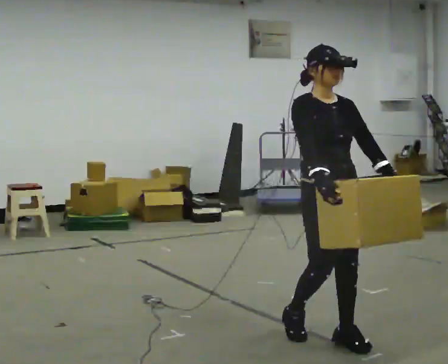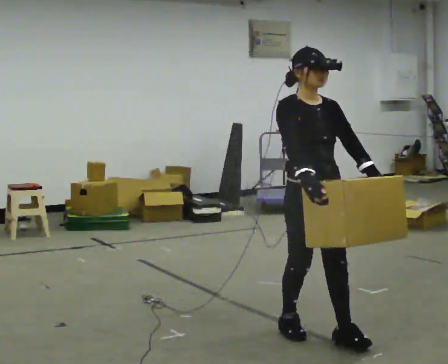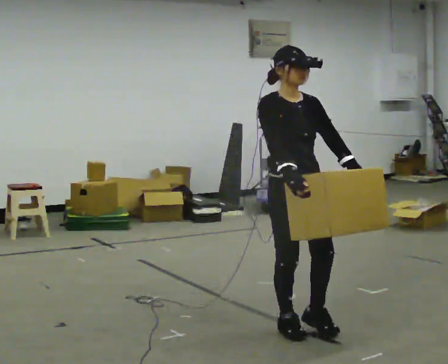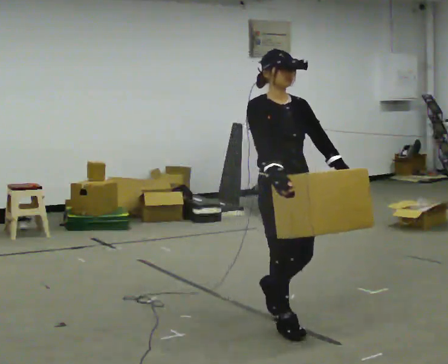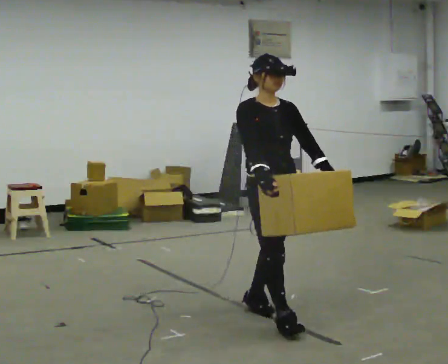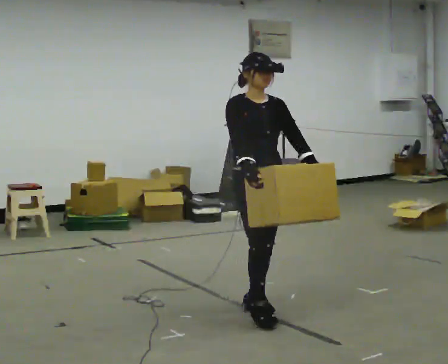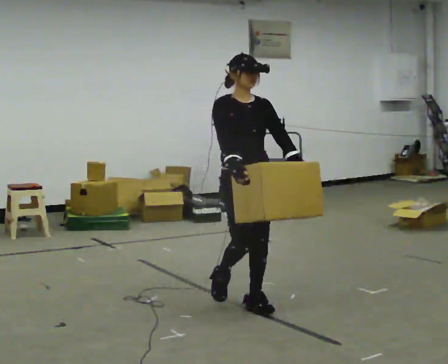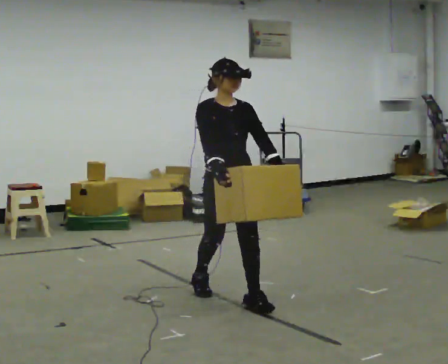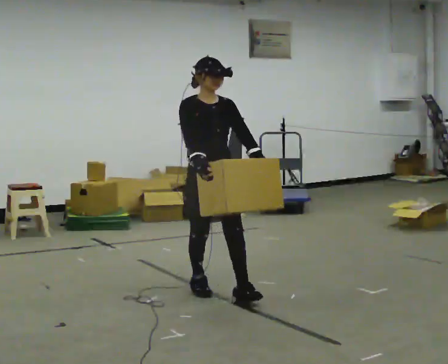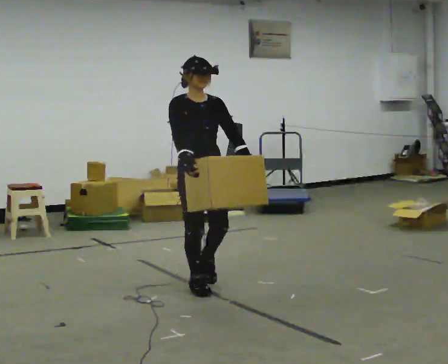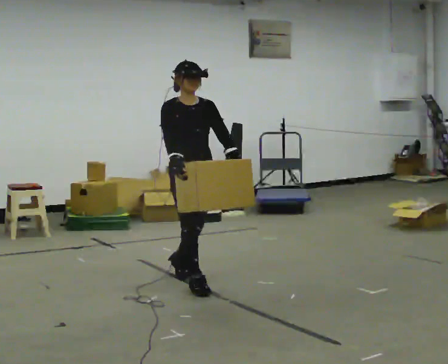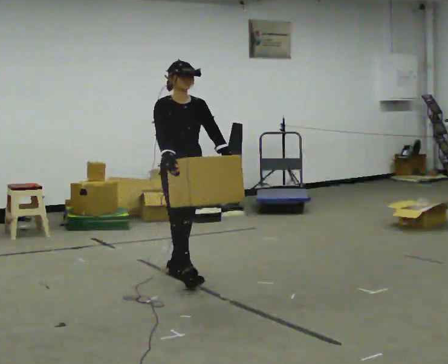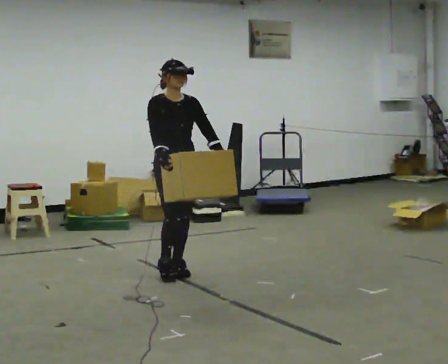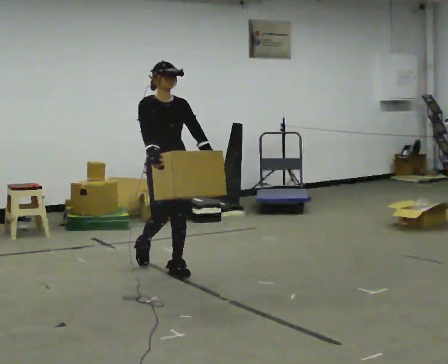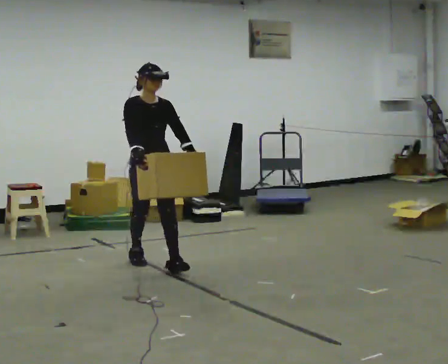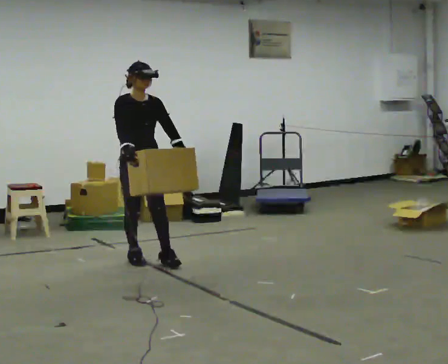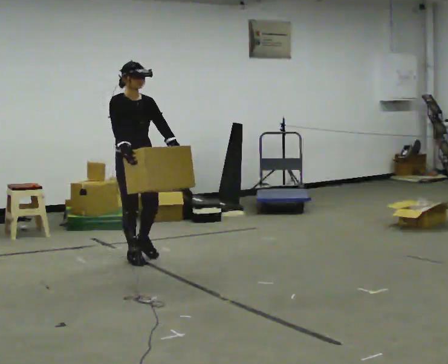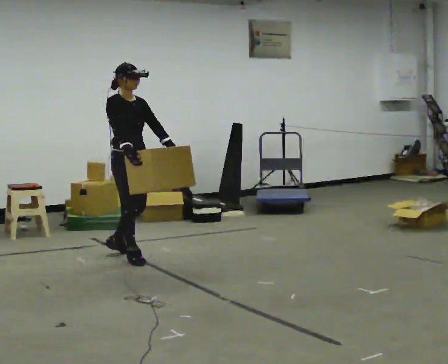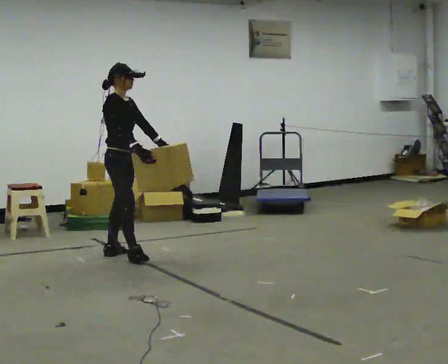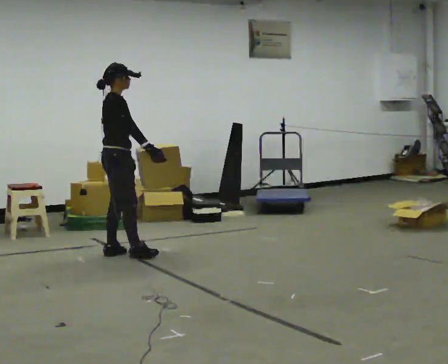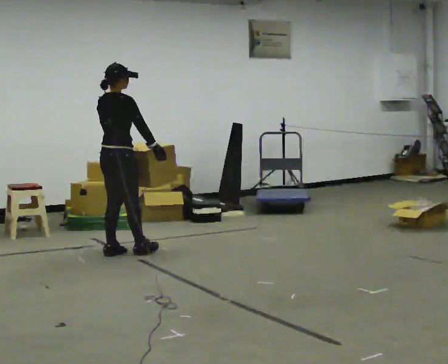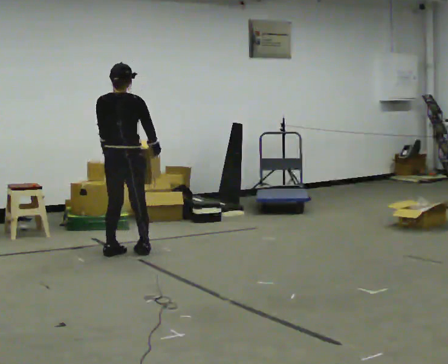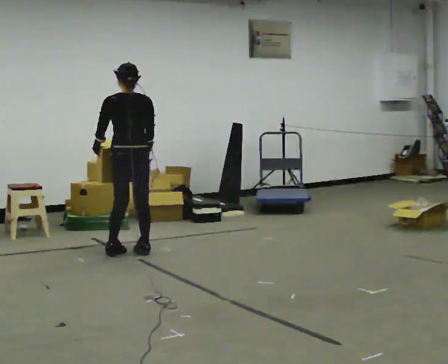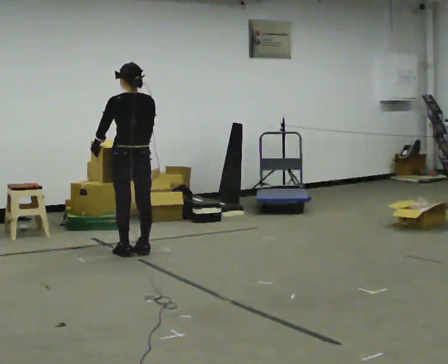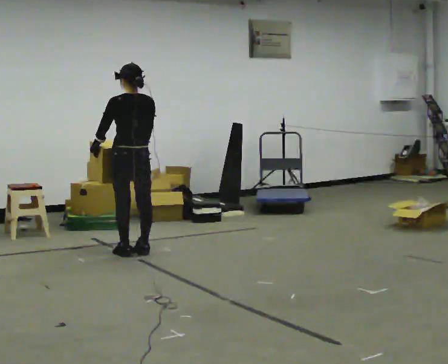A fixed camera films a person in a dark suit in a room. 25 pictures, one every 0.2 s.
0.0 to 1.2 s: In the picture they go away from the camera and to the left, about 1 m in 2 steps, which for them is backward.
1.2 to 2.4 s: In the picture they go away from the camera and to the left, about 1 m in 2 steps, which for them is backward.
2.4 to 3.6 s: The person turns about 45 degrees to their left, counterclockwise seen from above, so the part of the body nearest the lens slides to the right. In the picture they go away from the camera and to the left, about 0.5 m in 1 step, which for them is backward.
3.6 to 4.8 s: Seen from above the body turns counterclockwise, about 135 degrees: to their left, with its near side sliding to the right.
The film runs backward here.
